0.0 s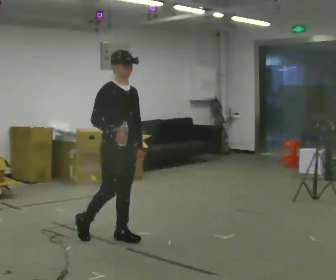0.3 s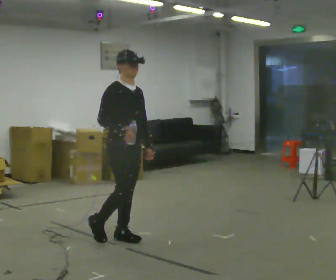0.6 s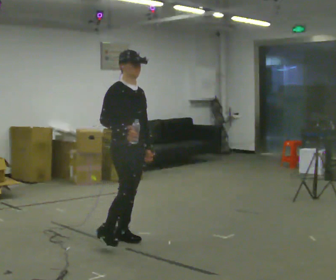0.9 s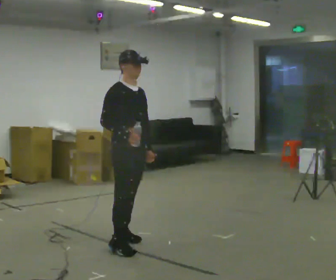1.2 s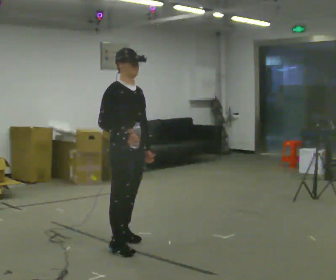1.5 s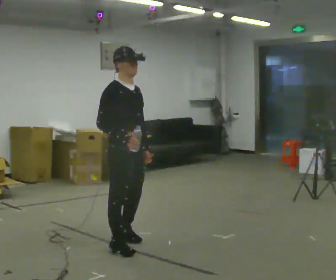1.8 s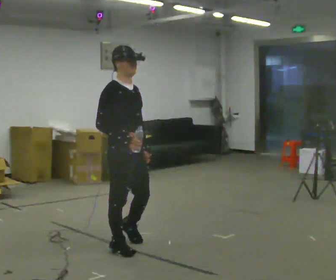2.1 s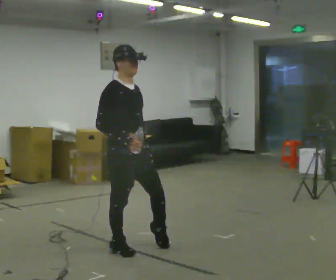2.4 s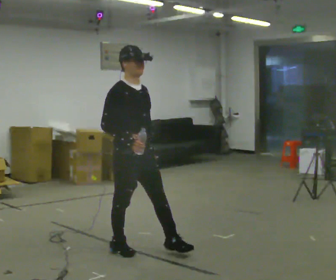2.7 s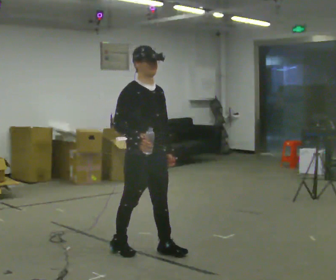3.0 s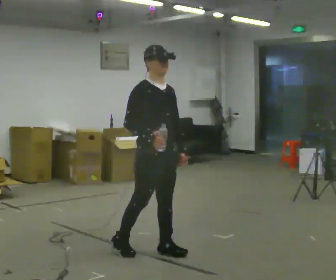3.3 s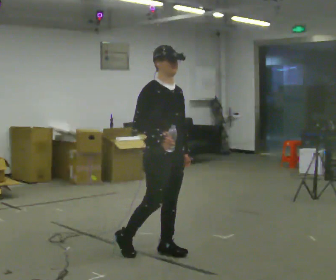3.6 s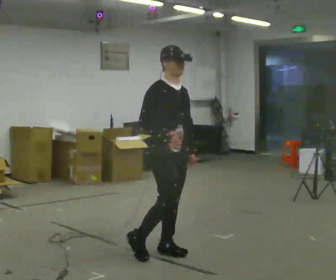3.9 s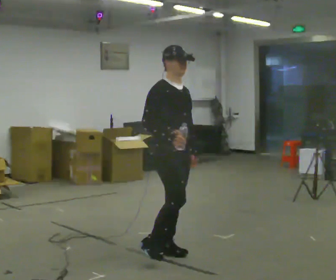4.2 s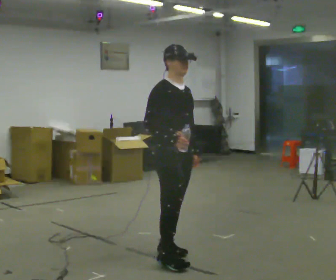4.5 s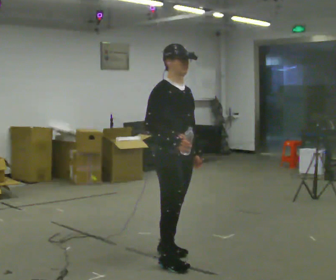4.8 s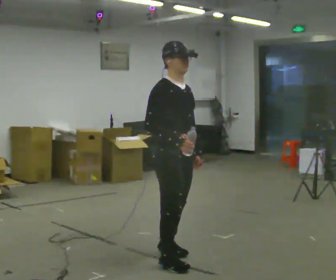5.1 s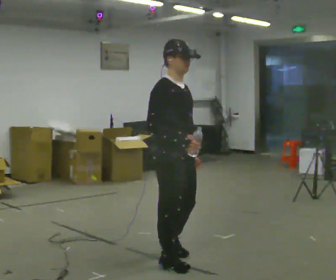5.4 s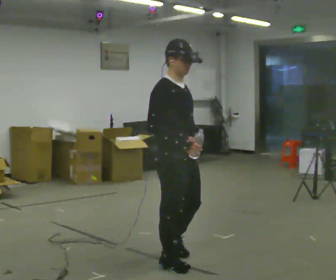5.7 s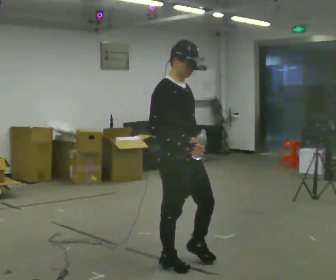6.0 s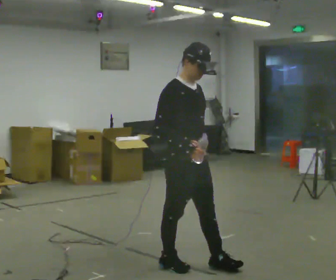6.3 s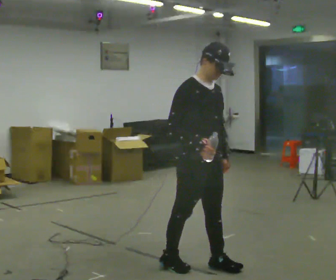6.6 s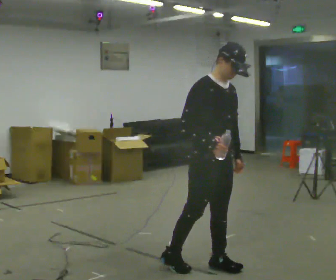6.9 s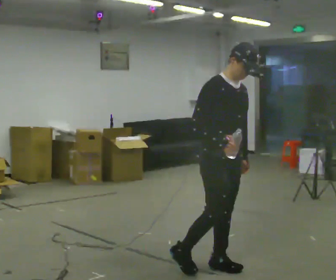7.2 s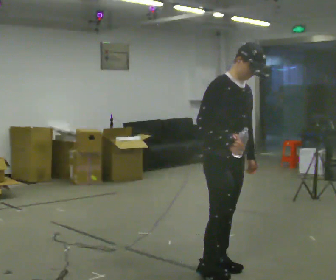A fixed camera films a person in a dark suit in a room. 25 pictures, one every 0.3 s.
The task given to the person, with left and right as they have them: Carry the open container of water across the room without spilling it, back and forth.
0.0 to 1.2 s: In the picture they go toward the camera, about 0.25 m in 1 step, which for them is forward and to their right.
1.2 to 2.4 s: In the picture they go toward the camera, about 0.25 m, which for them is forward.
2.4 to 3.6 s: In the picture they go to the right, about 0.25 m in 1 step, which for them is forward and to their left.
3.6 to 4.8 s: In the picture they go toward the camera, about 0.25 m in 1 step, which for them is forward and to their right.
4.8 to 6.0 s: The person moves a little, or ends about where they began.
6.0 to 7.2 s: In the picture they go to the right, about 0.25 m, which for them is forward and to their left.
The film runs forward here.
